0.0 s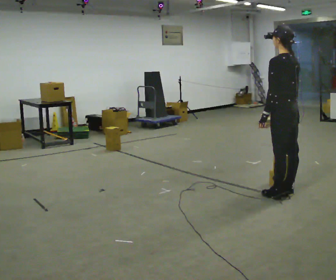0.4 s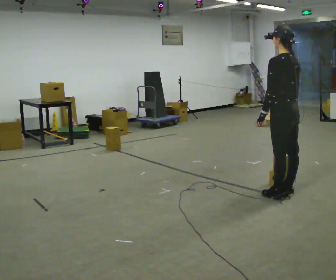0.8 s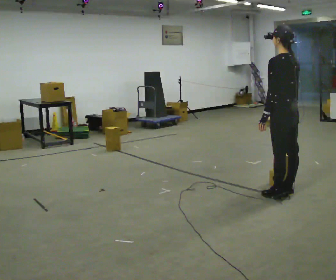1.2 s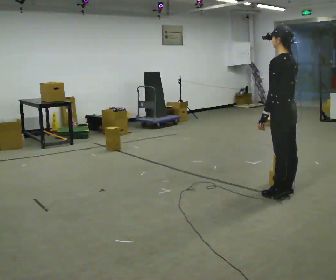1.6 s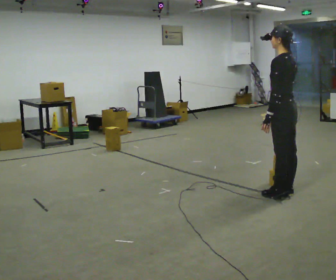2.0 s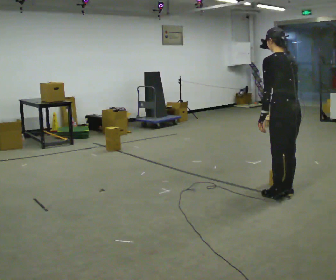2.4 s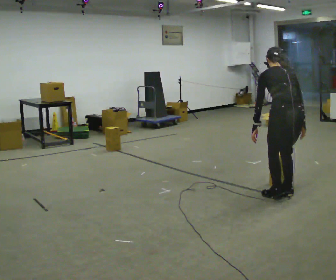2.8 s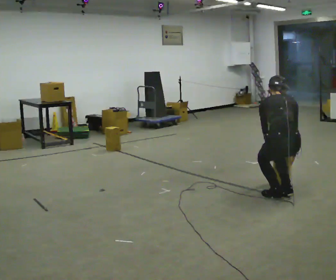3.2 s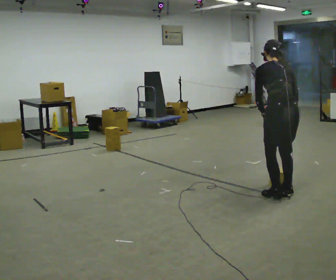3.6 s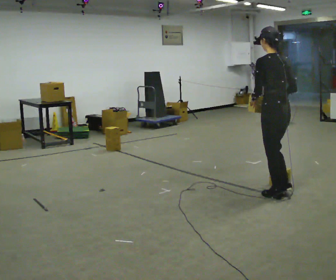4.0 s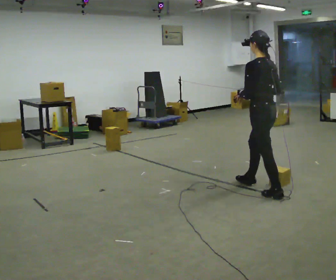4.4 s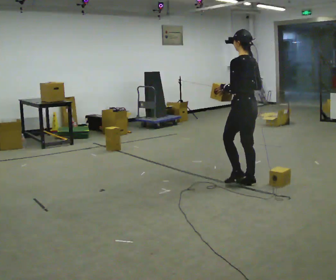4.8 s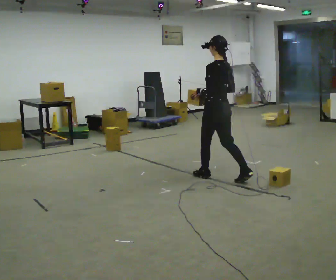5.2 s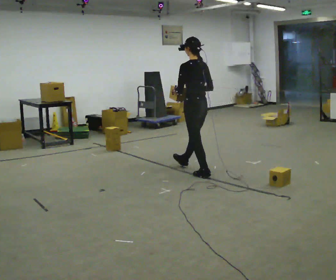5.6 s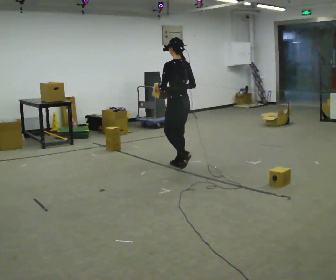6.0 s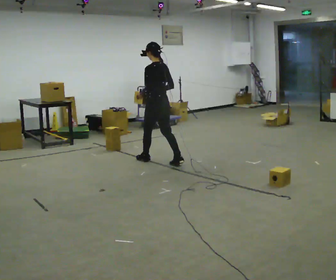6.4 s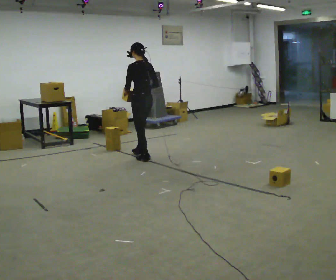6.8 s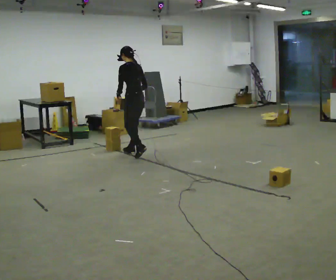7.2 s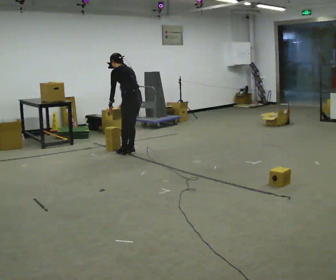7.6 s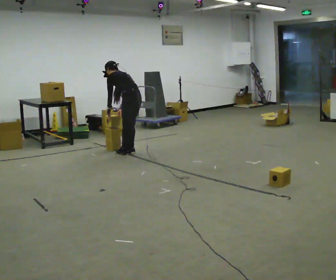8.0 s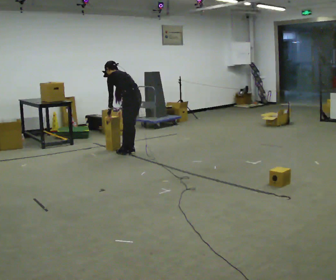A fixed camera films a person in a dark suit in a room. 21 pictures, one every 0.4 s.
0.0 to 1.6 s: The person moves a little, or ends about where they began.
1.6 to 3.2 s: The person turns about 45 degrees to their right, clockwise seen from above, so the part of the body nearest the lens slides to the left.
3.2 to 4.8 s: Seen from above the body turns counterclockwise, about 30 degrees: to their left, with its near side sliding to the right. In the picture they go away from the camera and to the left, about 1 m in 2 steps, which for them is forward. The upper body tips toward the camera, its near side rolling downward, as they lean back or straighten.
4.8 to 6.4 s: In the picture they go to the left and away from the camera, about 1.5 m in 2 steps, which for them is forward.
6.4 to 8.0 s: In the picture they go away from the camera and to the left, about 0.25 m in 2 steps, which for them is forward. The upper body goes downward. In the picture the upper body tilts counterclockwise, shoulders to the left, as they bend forward. In the picture their left hand goes downward.
The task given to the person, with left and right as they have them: Carry the stack of boxes across the room without letting it fall over, then bring it back. Keep going until the operator says stop; one object at a time, and do not rush between trips.
The film runs forward here.
